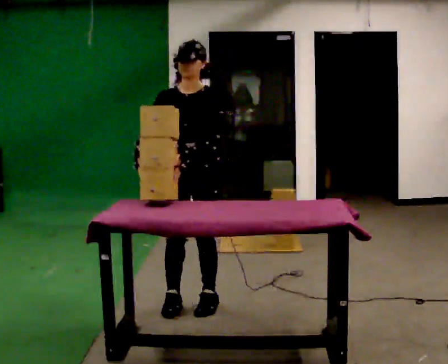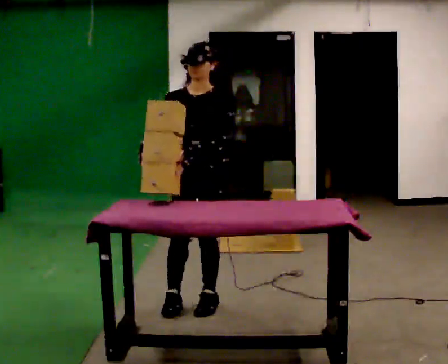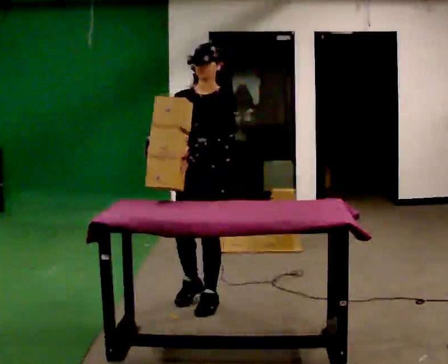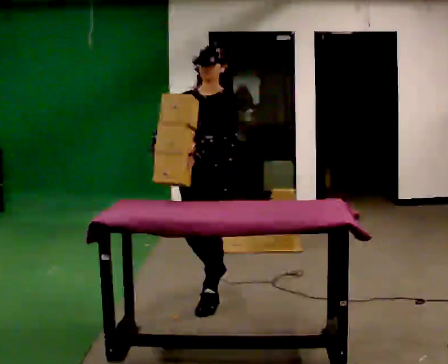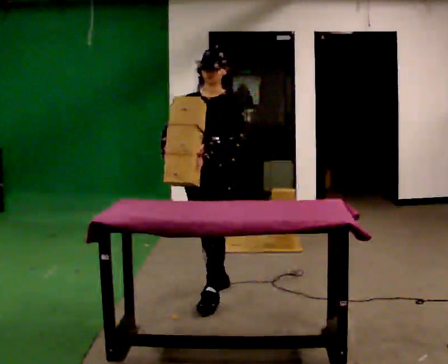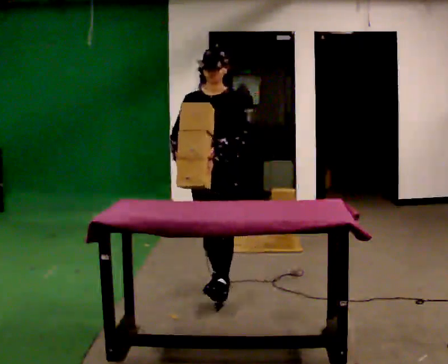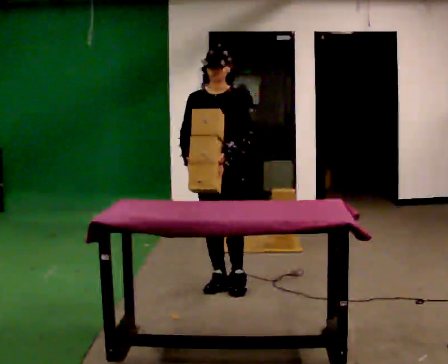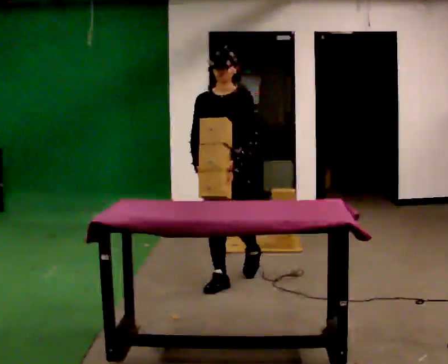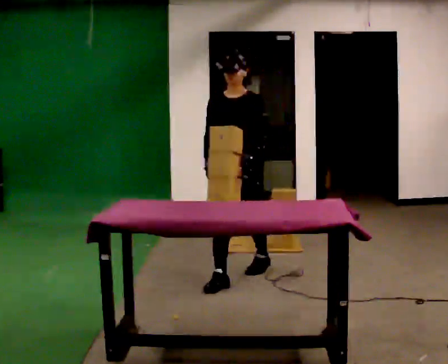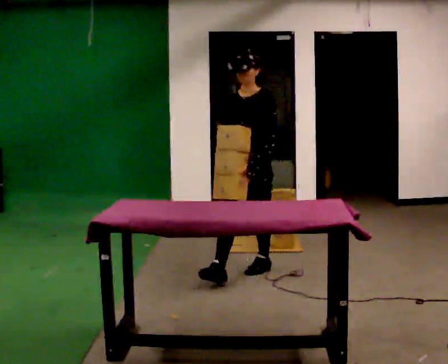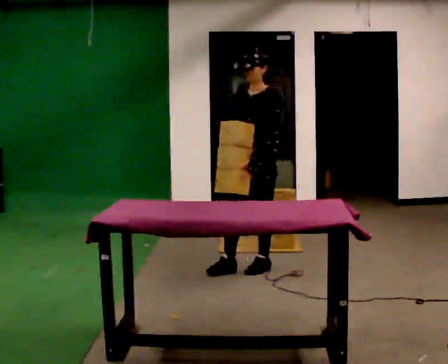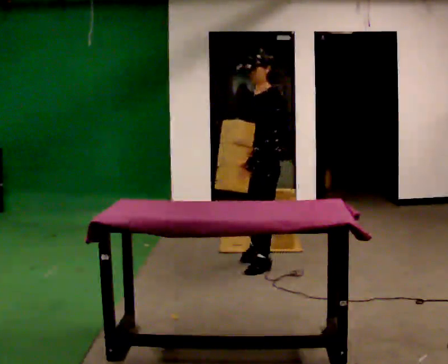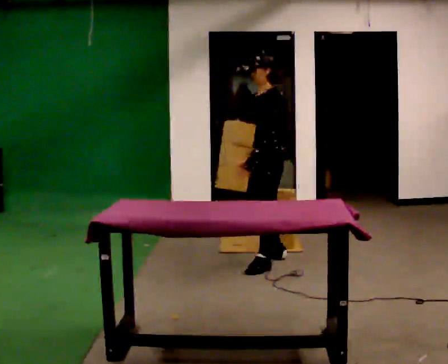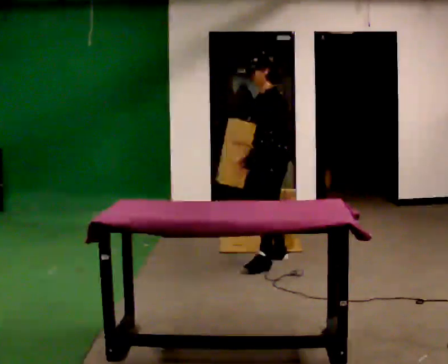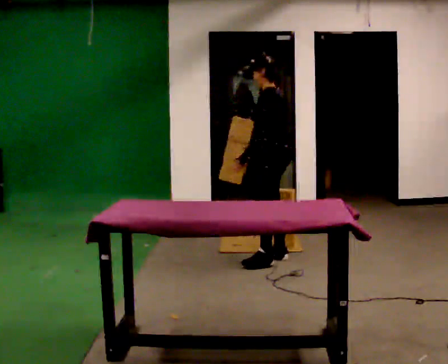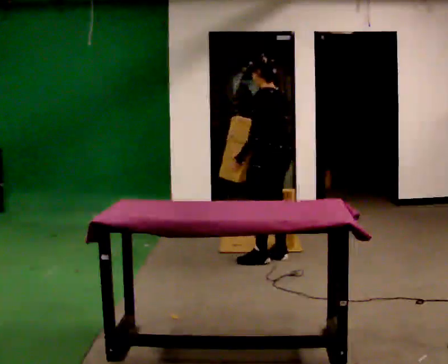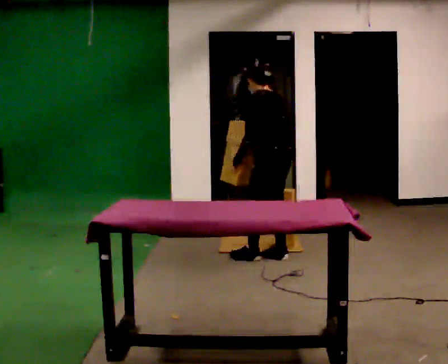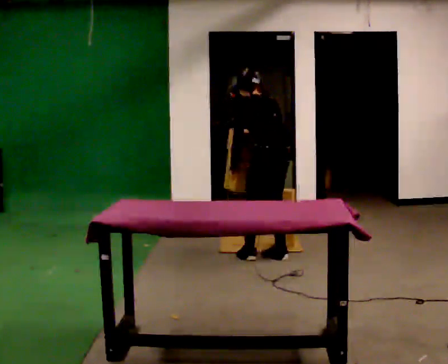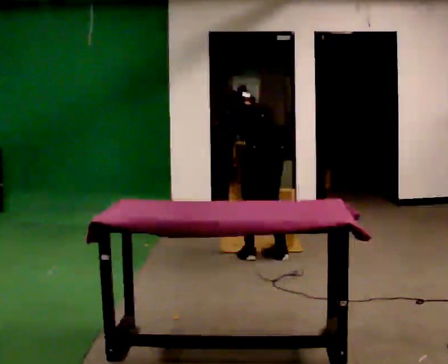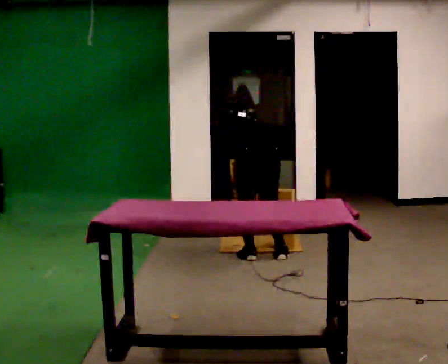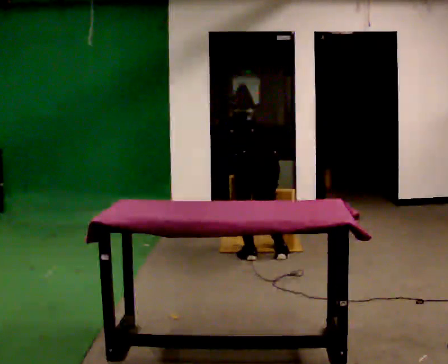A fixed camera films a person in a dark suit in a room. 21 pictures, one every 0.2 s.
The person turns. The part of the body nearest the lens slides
to the left.
The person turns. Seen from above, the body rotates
clockwise.
0.0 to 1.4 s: In the picture they go away from the camera, about 0.5 m in 2 steps, which for them is backward.
1.4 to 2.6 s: The person turns about 60 degrees to their right, clockwise seen from above, so the part of the body nearest the lens slides to the left. In the picture they go away from the camera and to the right, about 0.75 m in 1 step.
2.6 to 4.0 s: The person turns about 90 degrees to their right, clockwise seen from above, so the part of the body nearest the lens slides to the left. The upper body goes downward. The upper body tips away from the camera, its near side rolling upward, as they bend forward. In the picture their right hand goes downward.
The film runs backward here.
